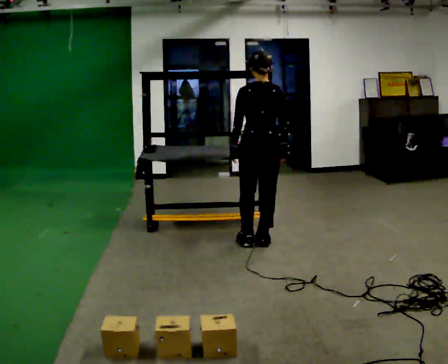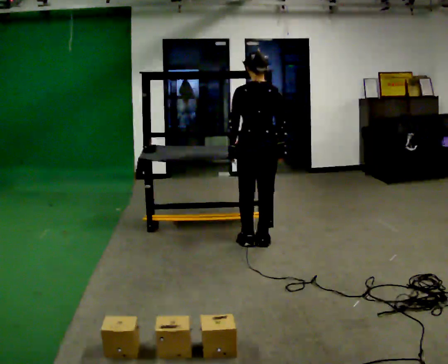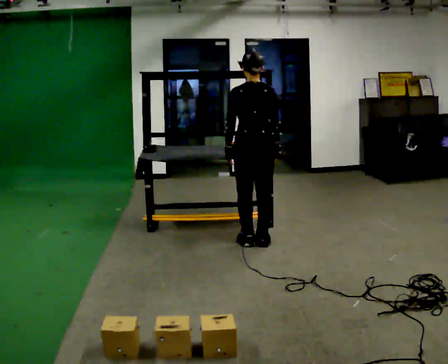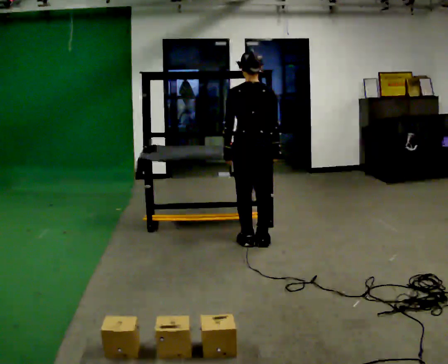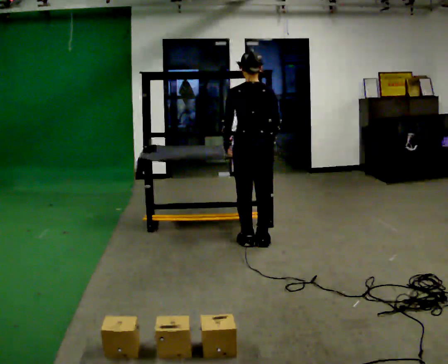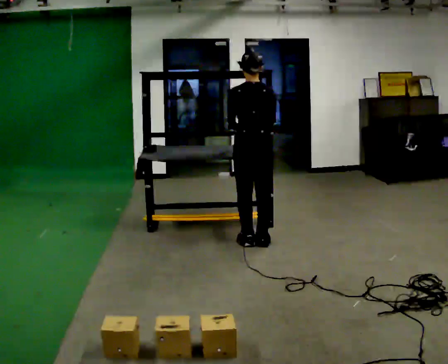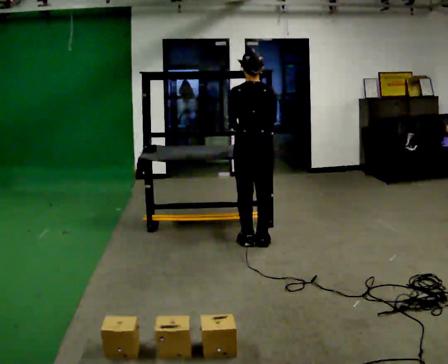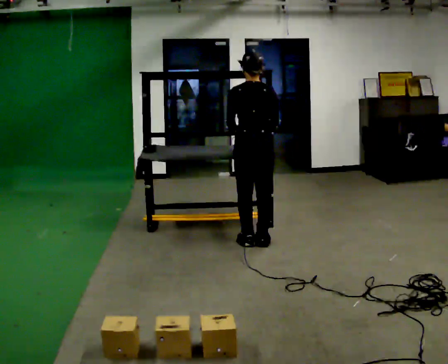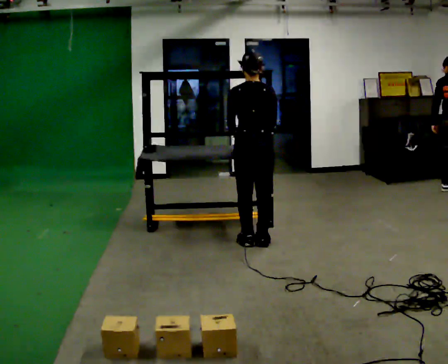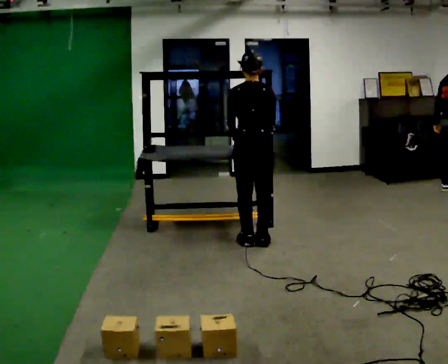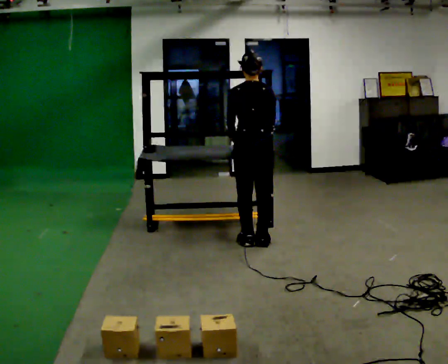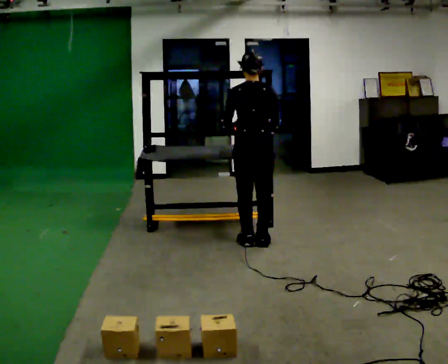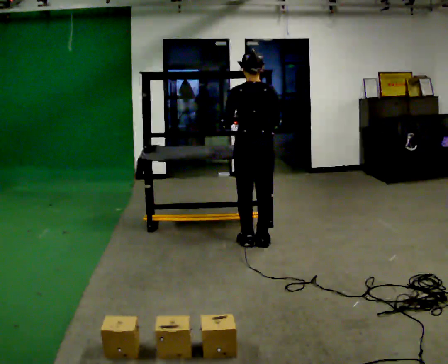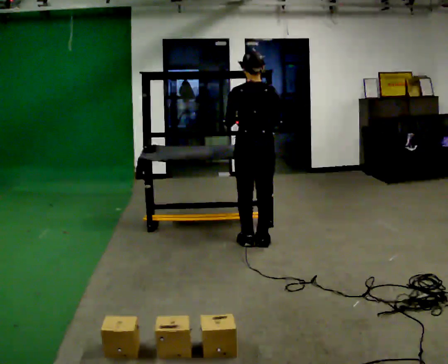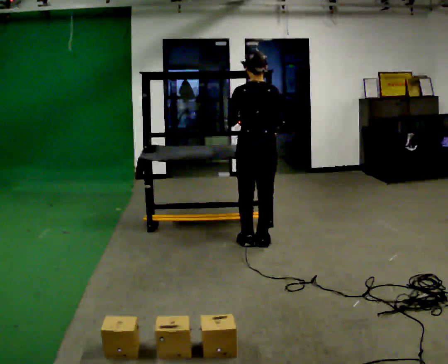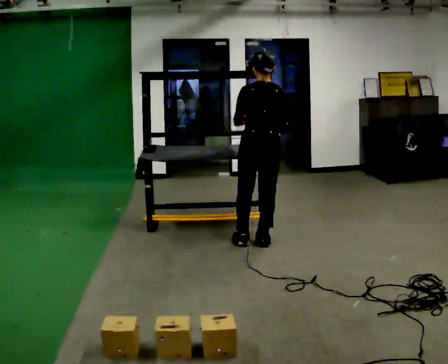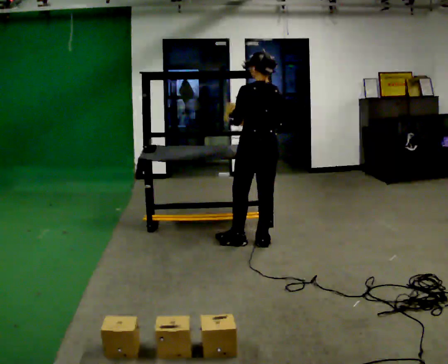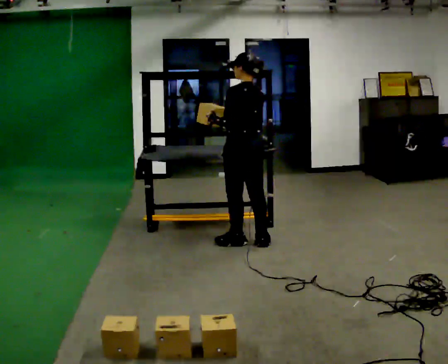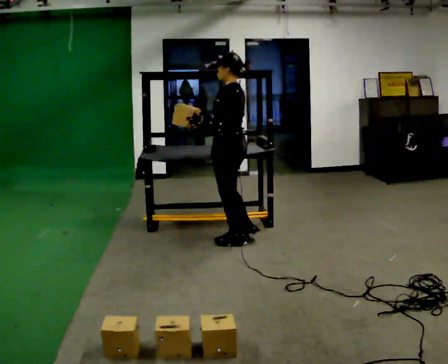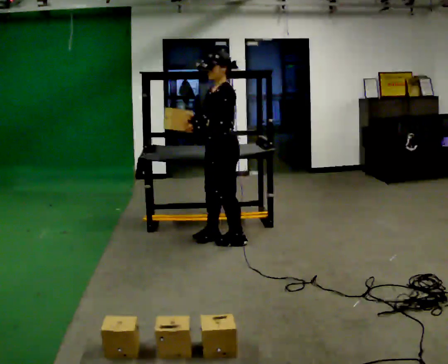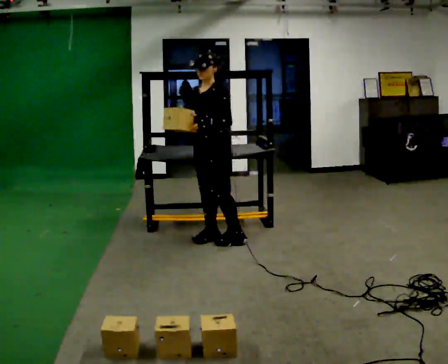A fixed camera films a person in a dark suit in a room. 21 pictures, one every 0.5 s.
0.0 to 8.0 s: The person moves a little, or ends about where they began.
8.0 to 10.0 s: The person turns about 105 degrees to their left, counterclockwise seen from above, so the part of the body nearest the lens slides to the right. In the picture they go to the left, about 0.5 m in 1 step.
The film runs forward here.
